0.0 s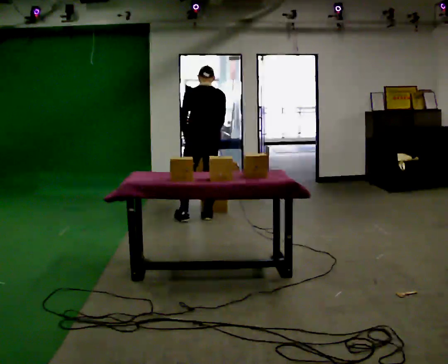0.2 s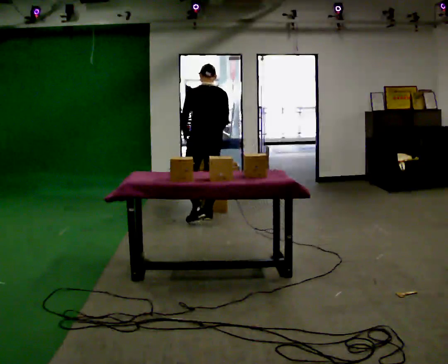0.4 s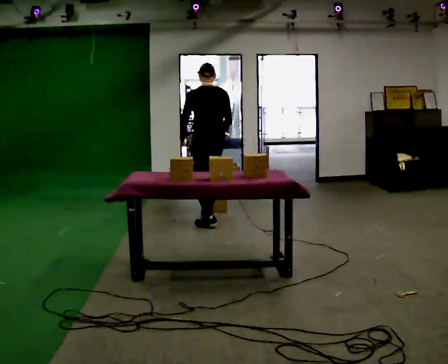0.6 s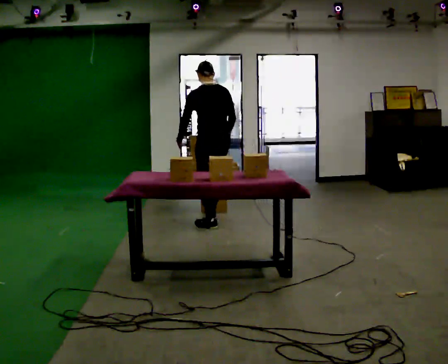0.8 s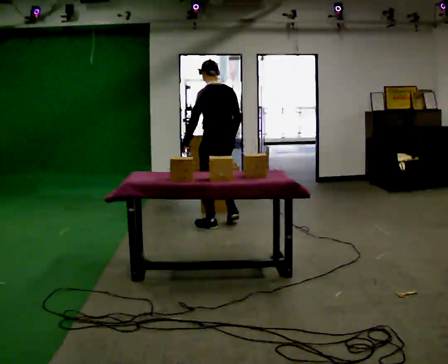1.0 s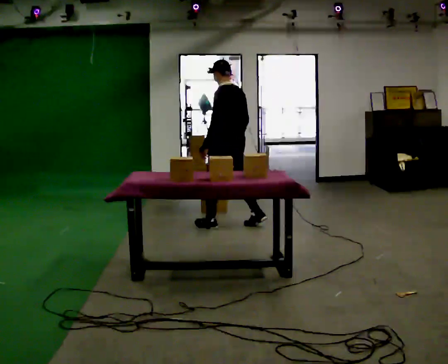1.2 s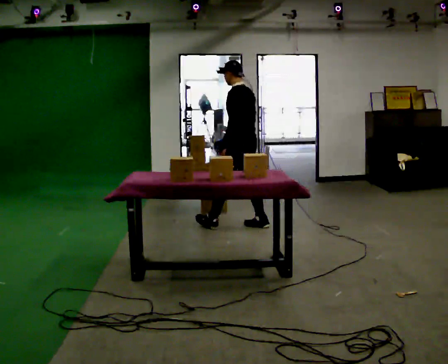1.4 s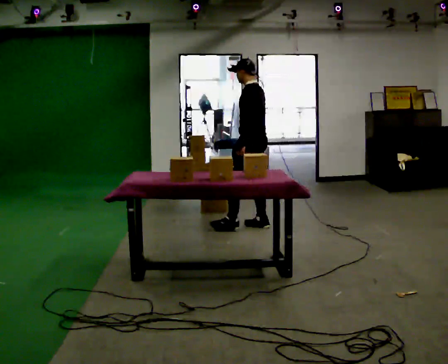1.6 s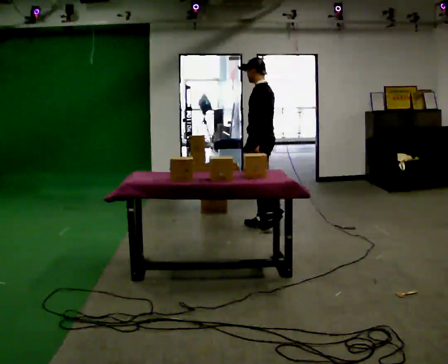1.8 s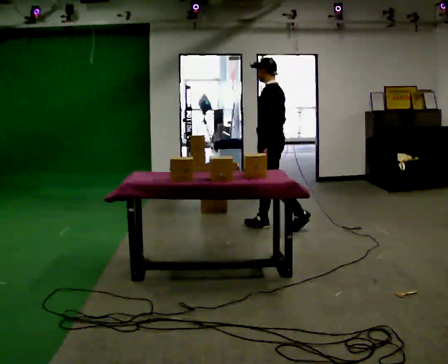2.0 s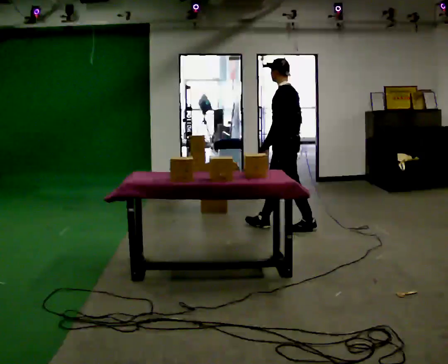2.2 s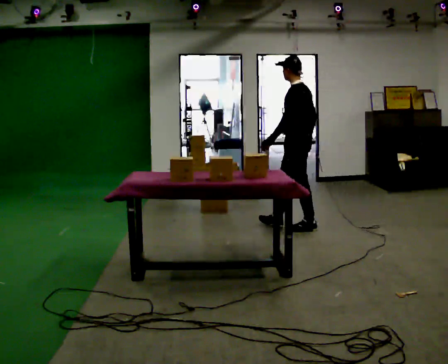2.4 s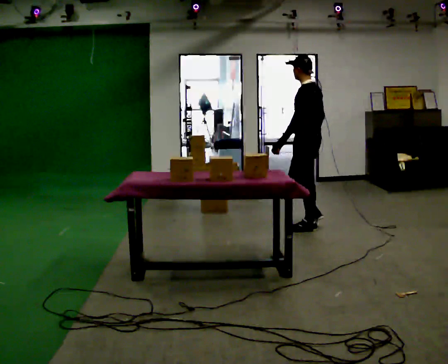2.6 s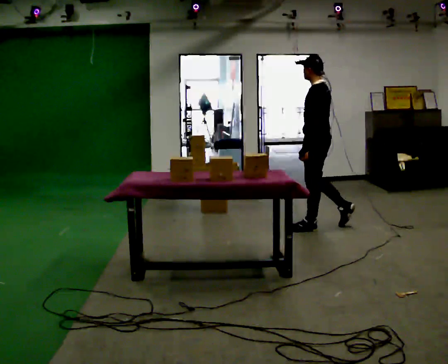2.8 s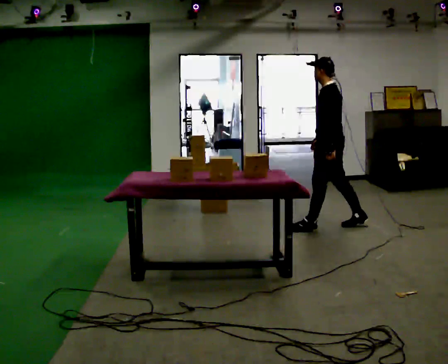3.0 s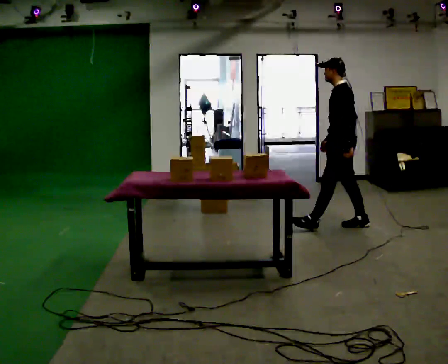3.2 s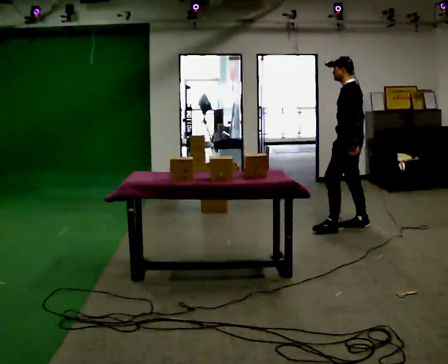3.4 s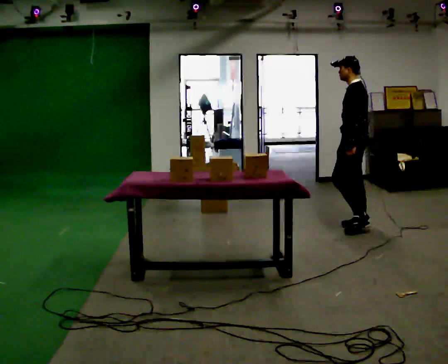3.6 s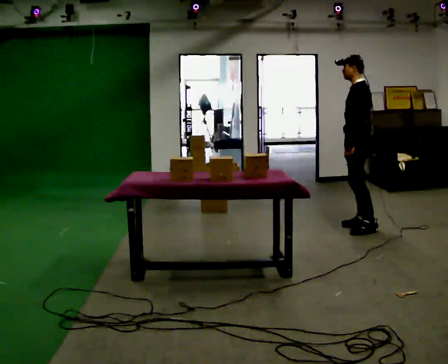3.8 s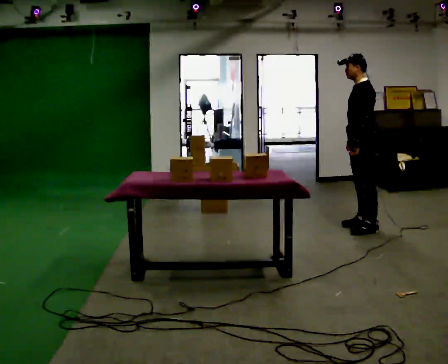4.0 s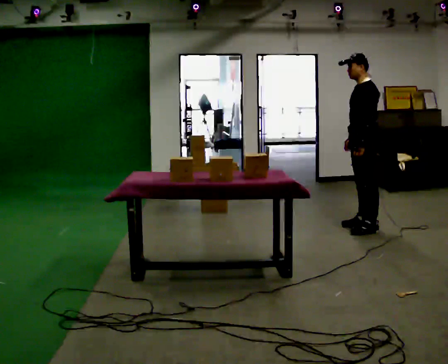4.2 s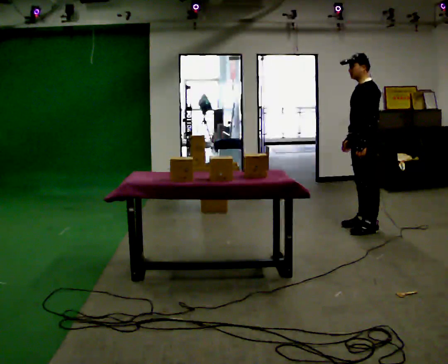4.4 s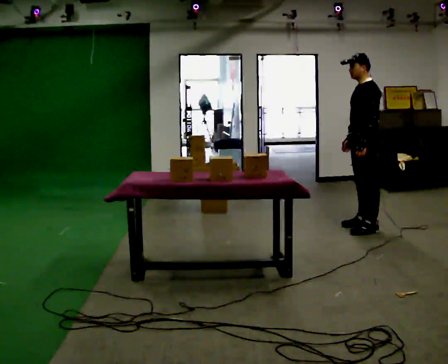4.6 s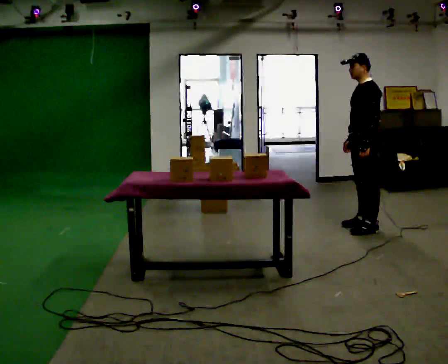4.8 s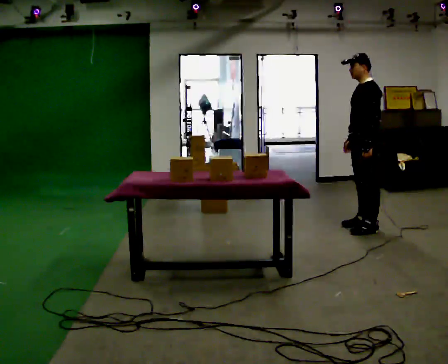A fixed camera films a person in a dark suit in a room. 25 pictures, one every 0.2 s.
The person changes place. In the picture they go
to the right.
The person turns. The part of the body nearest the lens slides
to the right.
0.0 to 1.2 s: Seen from above the body turns counterclockwise, about 45 degrees: to their left, with its near side sliding to the right. In the picture they go to the right, about 0.5 m in 1 step, which for them is backward and to their right.
1.2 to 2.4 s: In the picture they go to the right, about 0.75 m in 2 steps, which for them is backward.
2.4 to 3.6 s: In the picture they go to the right, about 0.5 m in 1 step, which for them is backward.
3.6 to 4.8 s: The person moves a little, or ends about where they began.
The film runs backward here.
